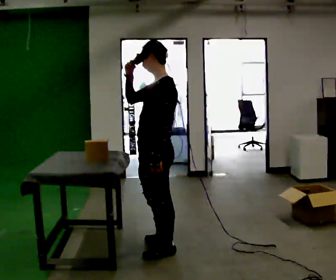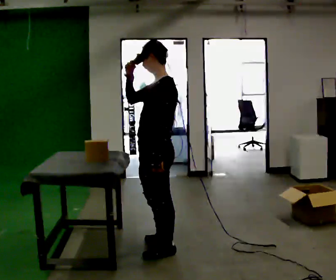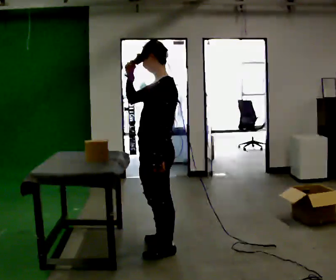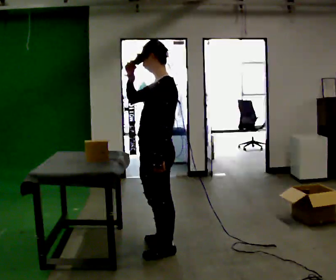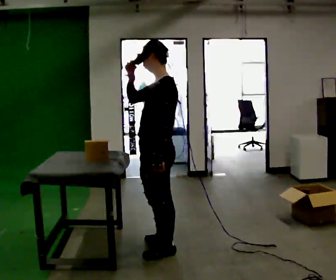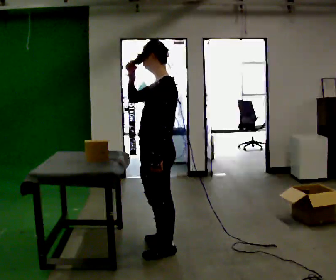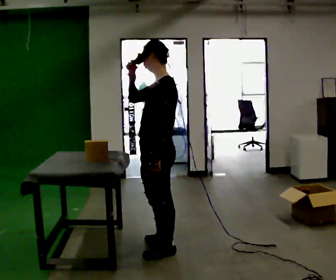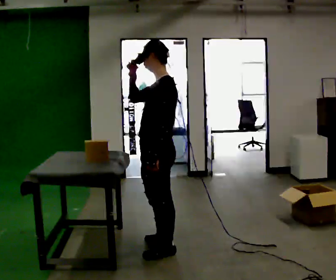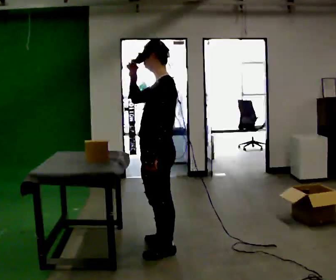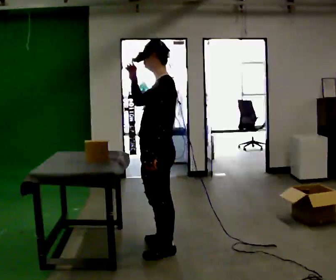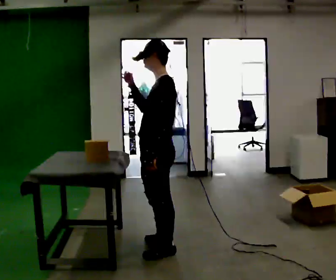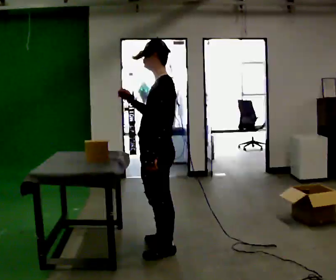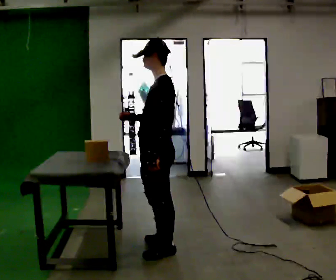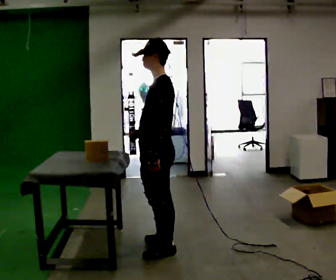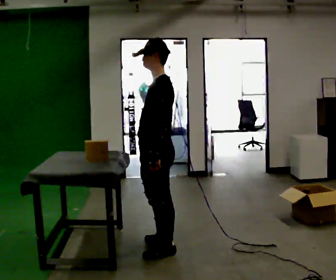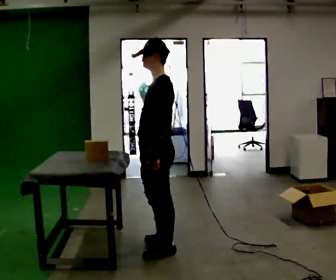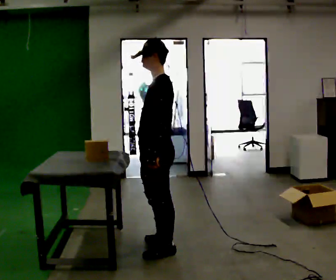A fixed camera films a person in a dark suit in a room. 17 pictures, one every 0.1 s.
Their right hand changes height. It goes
downward.
0.0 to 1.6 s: In the picture their right hand goes downward.
The film runs backward here.
